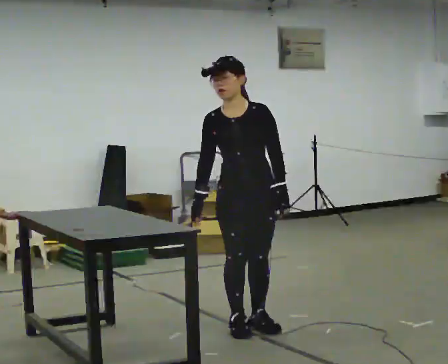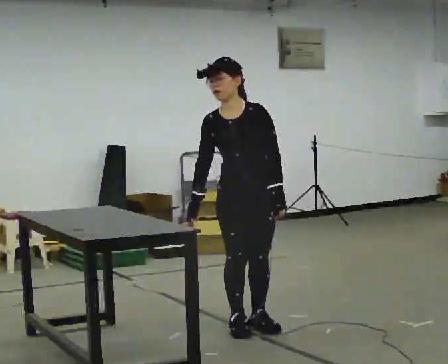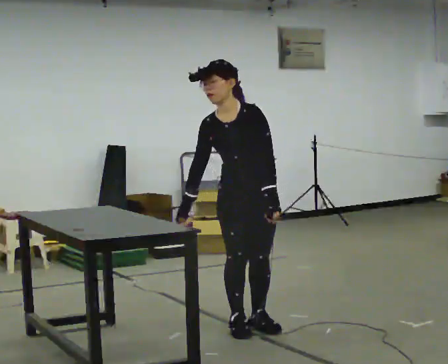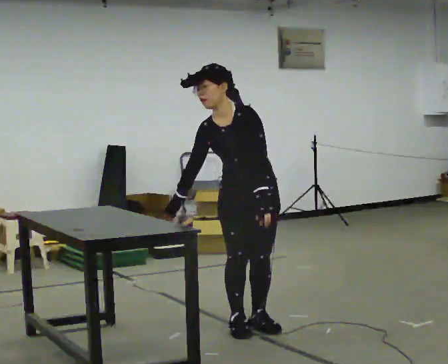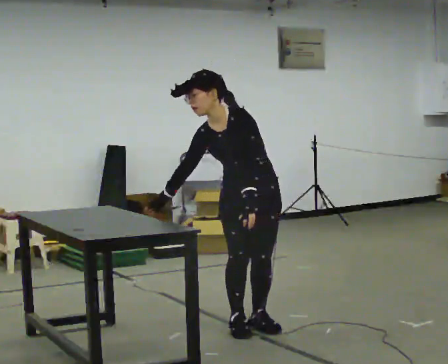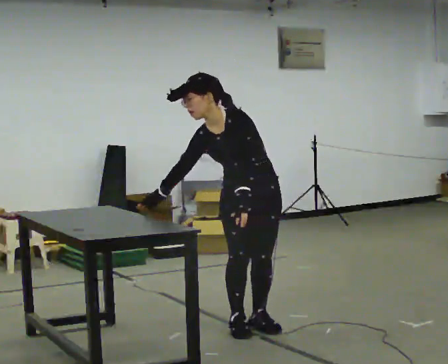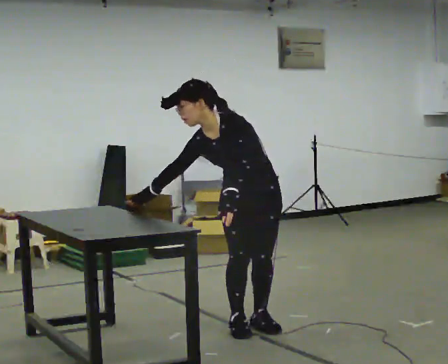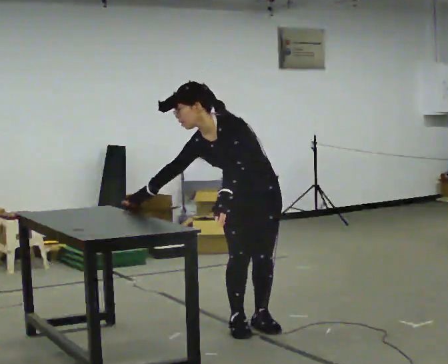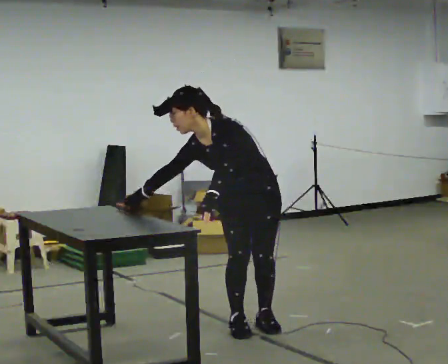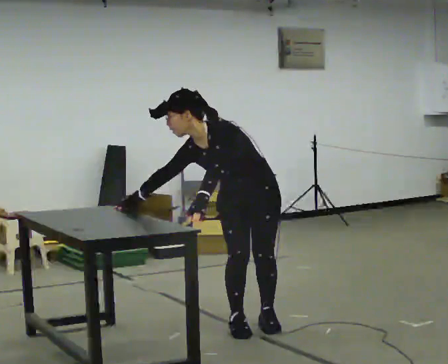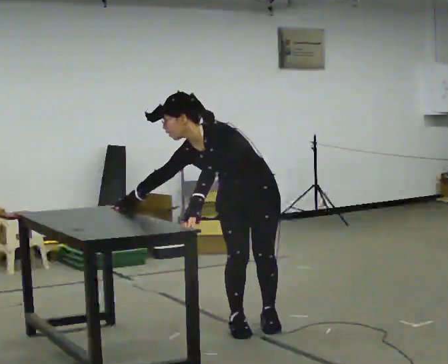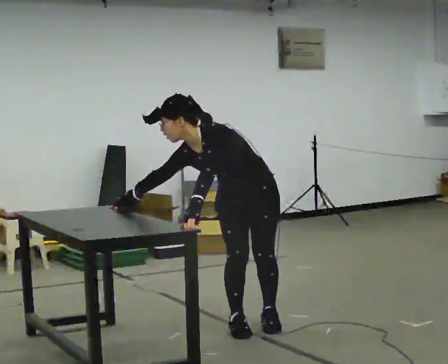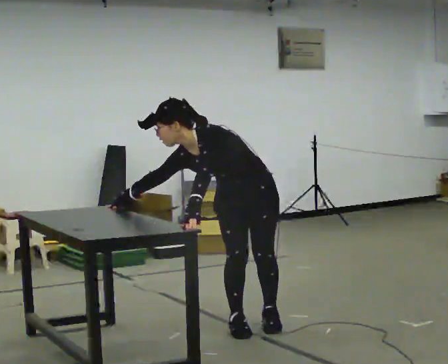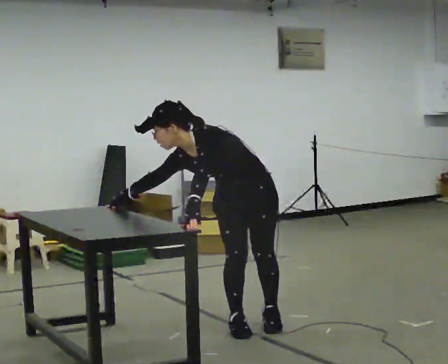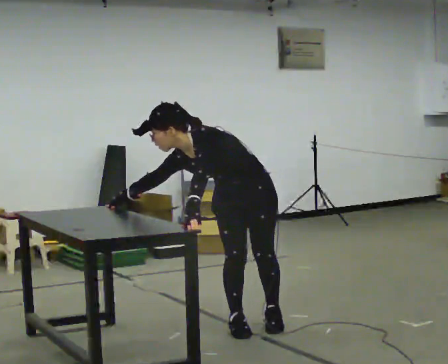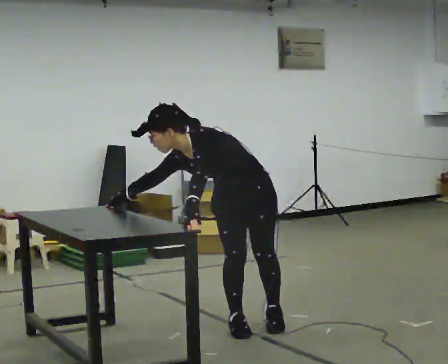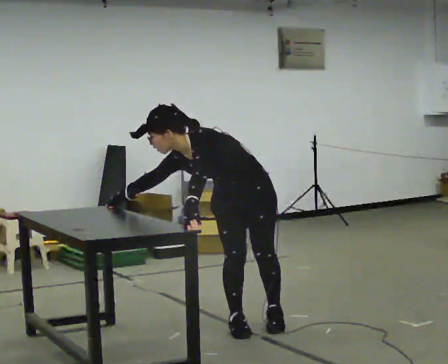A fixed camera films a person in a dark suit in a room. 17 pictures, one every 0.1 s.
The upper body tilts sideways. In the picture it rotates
counterclockwise.
0.0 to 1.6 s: Seen from above the body turns clockwise, about 30 degrees: to their right, with its near side sliding to the left. The shoulders move downward. In the picture the upper body tilts counterclockwise, shoulders to the left, as they bend forward. In the picture their left hand goes to the left.
The film runs forward here.
